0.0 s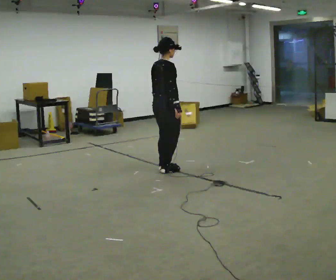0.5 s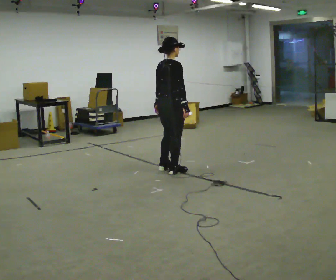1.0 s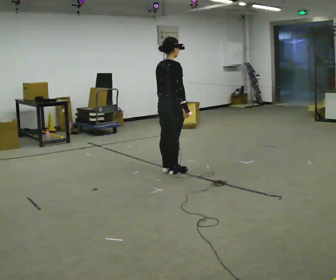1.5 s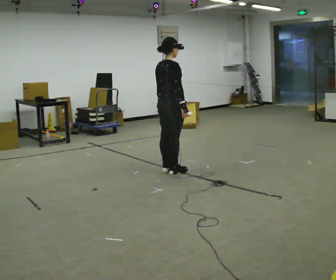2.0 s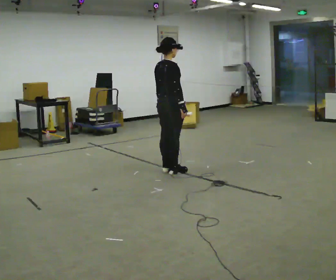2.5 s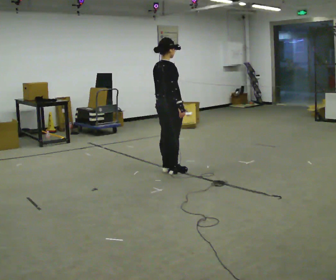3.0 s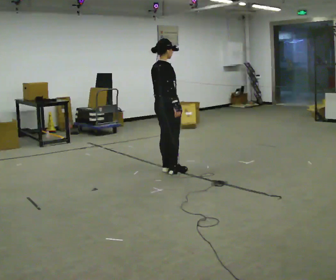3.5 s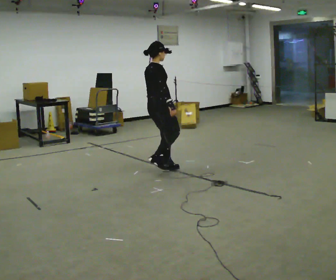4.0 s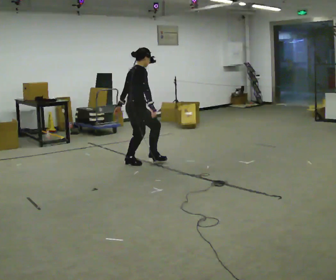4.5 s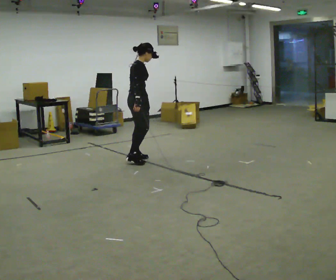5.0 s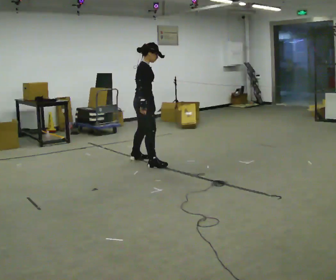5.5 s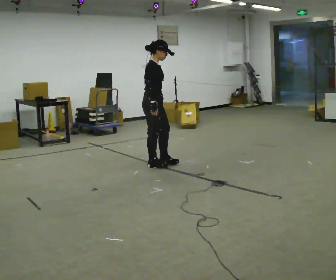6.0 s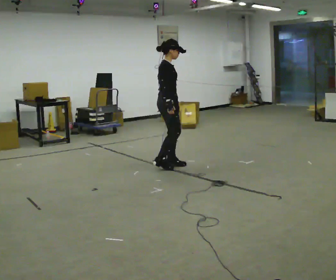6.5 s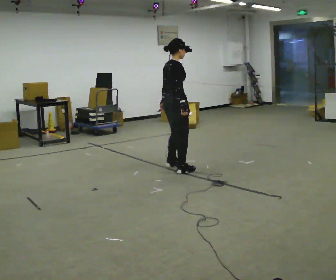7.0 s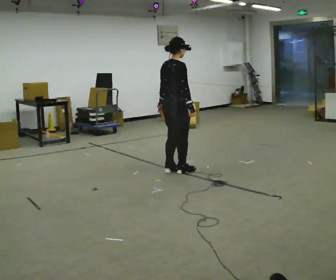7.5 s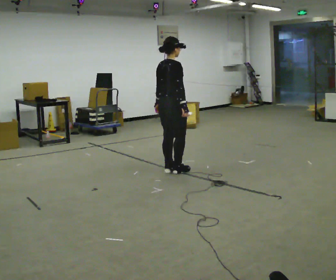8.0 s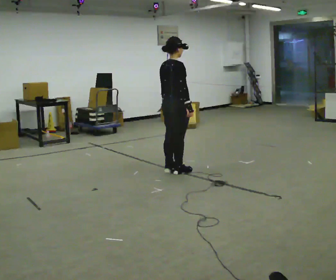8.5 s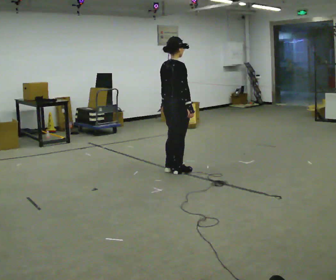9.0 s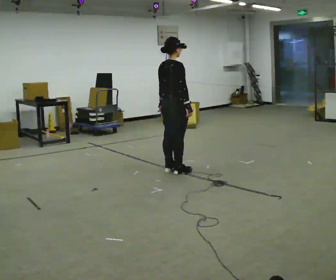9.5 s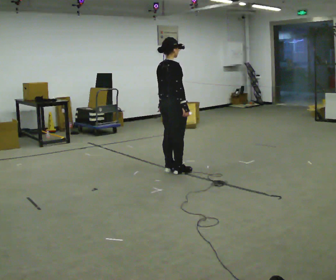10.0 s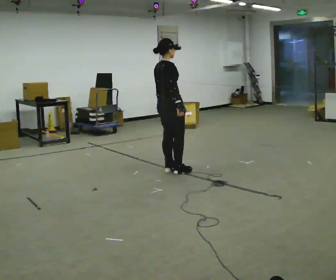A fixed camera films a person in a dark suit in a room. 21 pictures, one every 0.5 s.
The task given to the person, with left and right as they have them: Stand on the marked spots. Lean to the side the operator calls until you cannot hold it, then step to catch yourself. Return to the spots. Repeat at your own pace until the operator says stop. Go slowly and only as far as you are comfortable. Step whenever you need to; do not try to hold on longer than feels safe.
0.0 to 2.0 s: The person moves a little, or ends about where they began.
2.0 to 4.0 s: In the picture they go to the left and away from the camera, about 0.5 m in 1 step, which for them is to their left and backward.
4.0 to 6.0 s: In the picture they go to the right, about 0.5 m in 3 steps, which for them is forward.
6.0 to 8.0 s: The part of the body nearest the lens slides to the right as the person turns to their left by about 30 degrees. In the picture they go toward the camera, about 0.25 m in 2 steps, which for them is to their right.
8.0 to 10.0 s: The person moves a little, or ends about where they began.
The film runs forward here.
